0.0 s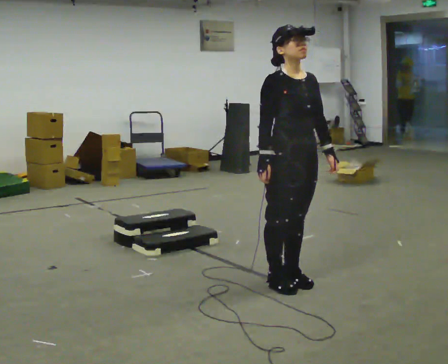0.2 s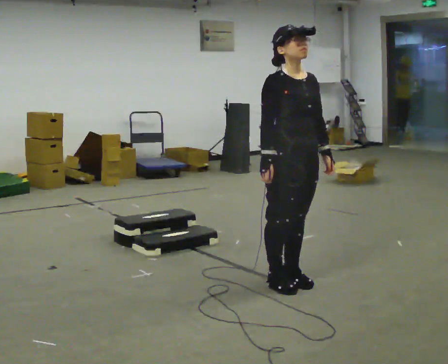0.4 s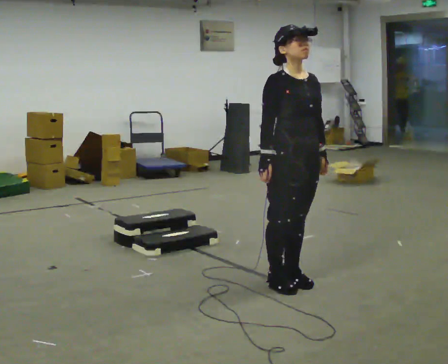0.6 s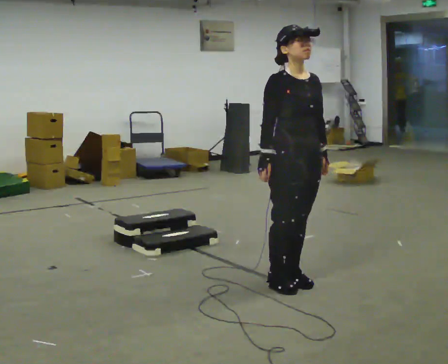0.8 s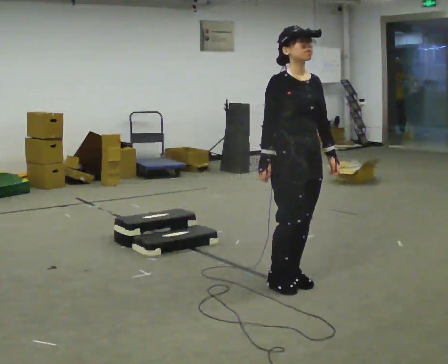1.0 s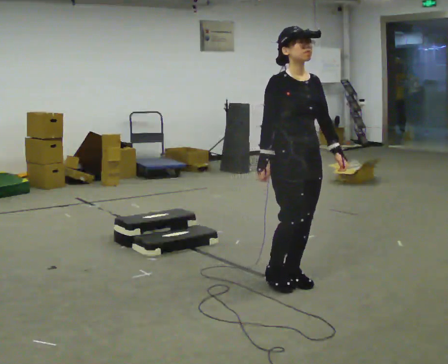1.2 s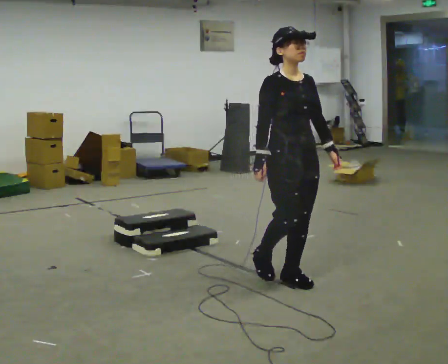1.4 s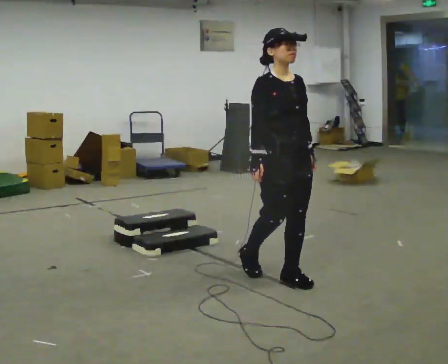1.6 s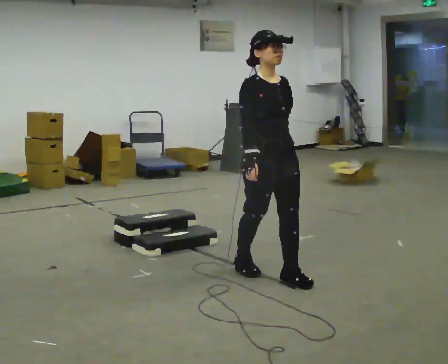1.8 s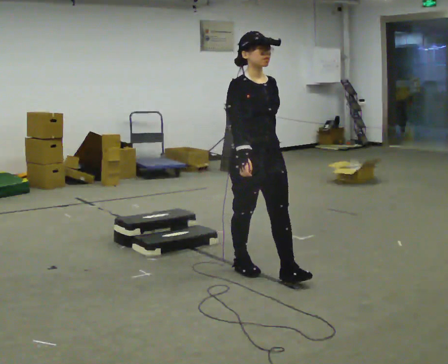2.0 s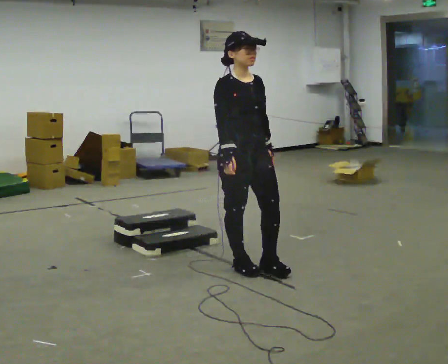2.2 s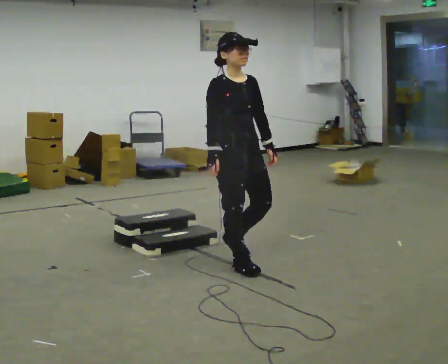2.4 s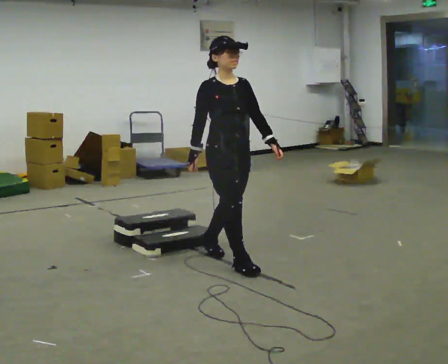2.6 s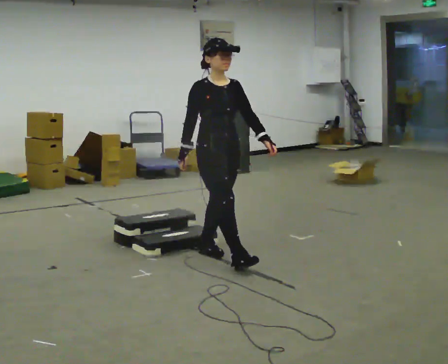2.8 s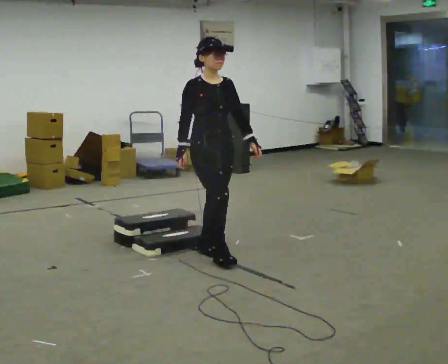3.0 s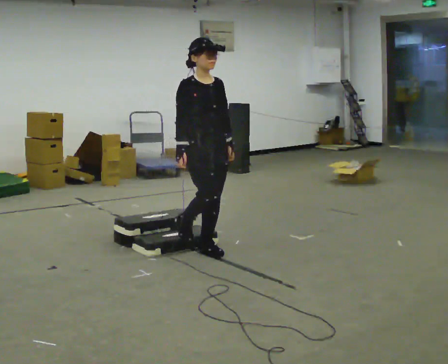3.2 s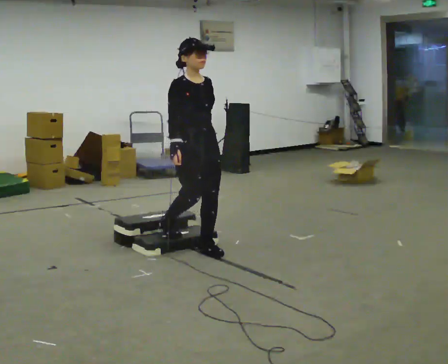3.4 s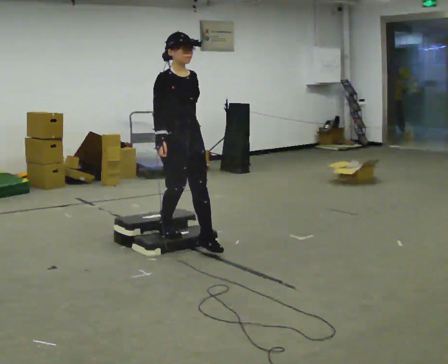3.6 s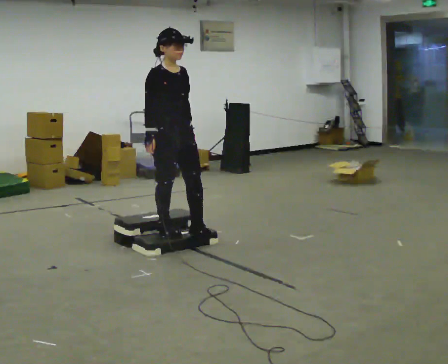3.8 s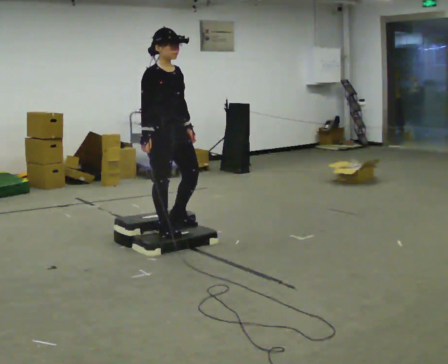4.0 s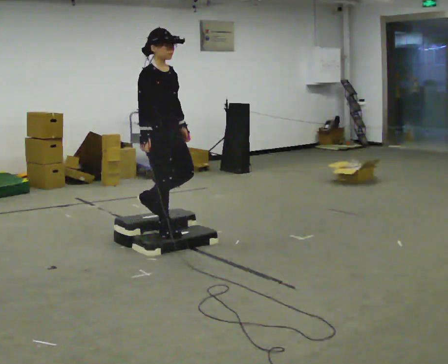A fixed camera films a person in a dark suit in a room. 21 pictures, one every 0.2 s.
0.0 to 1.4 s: The person moves a little, or ends about where they began.
1.4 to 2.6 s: In the picture they go away from the camera and to the left, about 0.75 m in 1 step, which for them is backward.
2.6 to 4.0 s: In the picture they go to the left and away from the camera, about 0.5 m in 2 steps, which for them is backward.
The film runs backward here.
